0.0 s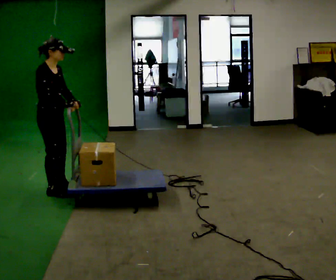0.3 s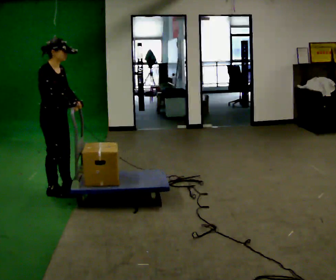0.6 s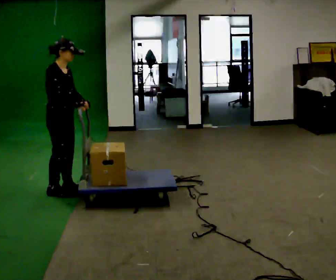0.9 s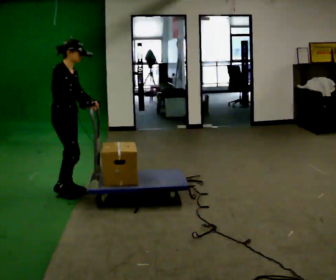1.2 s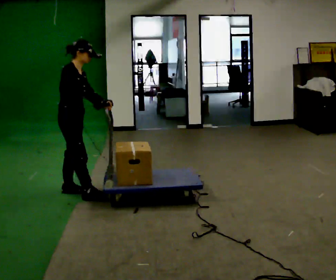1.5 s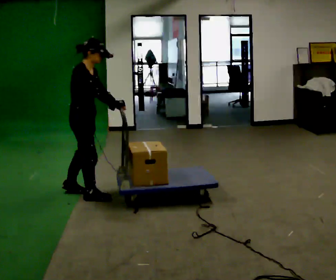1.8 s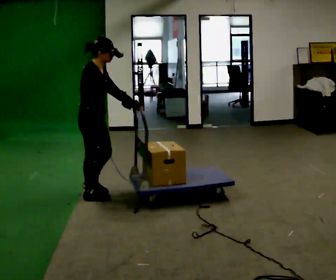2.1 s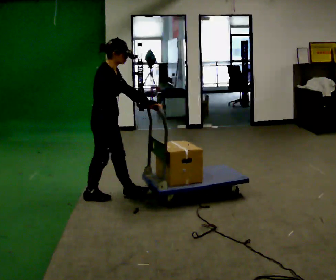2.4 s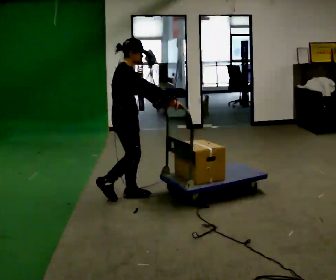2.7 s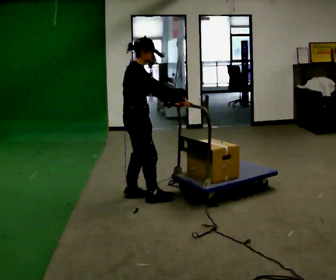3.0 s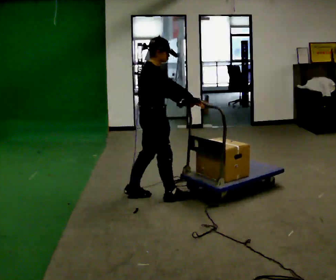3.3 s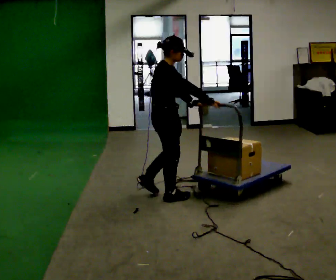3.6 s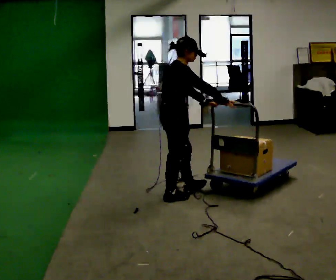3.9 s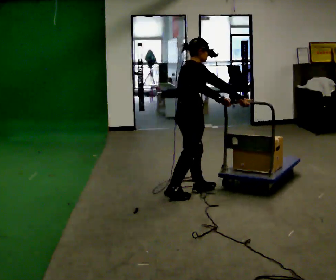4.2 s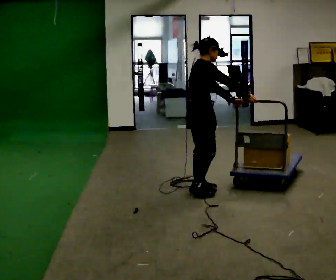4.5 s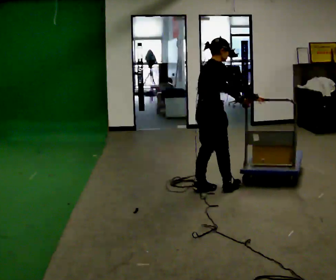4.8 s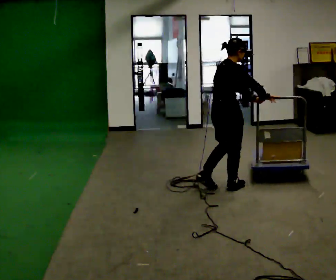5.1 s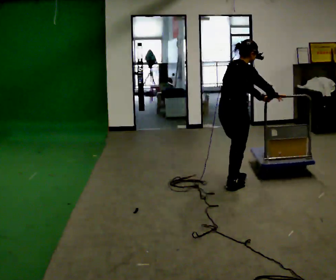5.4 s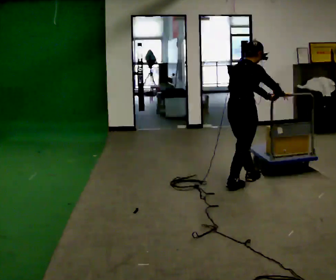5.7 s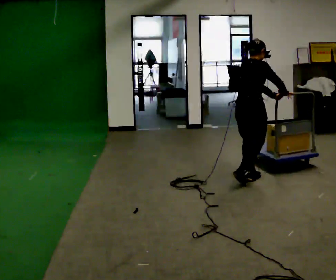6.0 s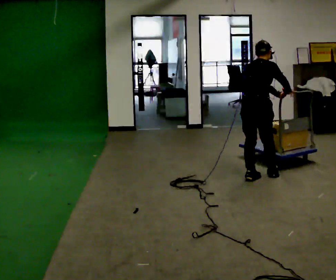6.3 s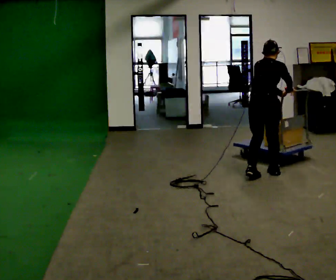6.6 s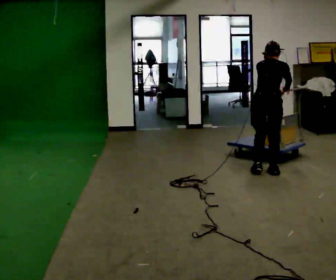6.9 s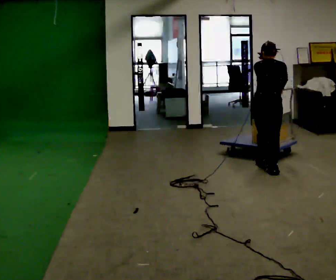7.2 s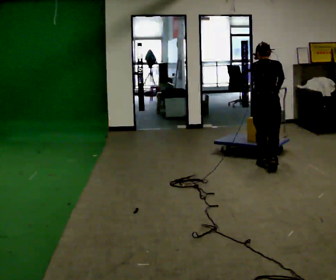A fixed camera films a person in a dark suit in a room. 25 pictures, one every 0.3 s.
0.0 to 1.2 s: In the picture they go to the right, about 0.25 m in 1 step, which for them is forward. In the picture their right hand goes to the right.
1.2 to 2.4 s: In the picture they go to the right, about 0.5 m in 2 steps, which for them is forward.
2.4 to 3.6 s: In the picture they go to the right, about 0.5 m in 1 step, which for them is forward.
3.6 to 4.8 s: In the picture they go to the right and away from the camera, about 0.5 m in 2 steps, which for them is forward.
4.8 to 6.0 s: In the picture they go to the right and away from the camera, about 0.5 m in 1 step, which for them is forward.
6.0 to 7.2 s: The person turns about 30 degrees to their left, counterclockwise seen from above, so the part of the body nearest the lens slides to the right. In the picture they go away from the camera and to the right, about 0.5 m in 2 steps, which for them is forward.
The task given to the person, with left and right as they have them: Push the cart across the room and back. The operator will change how much is loaded on it between takes and will tell you each time.
The film runs forward here.
